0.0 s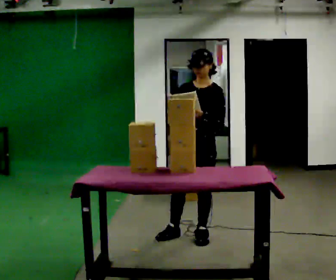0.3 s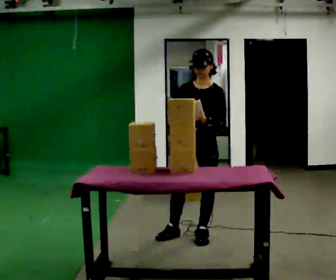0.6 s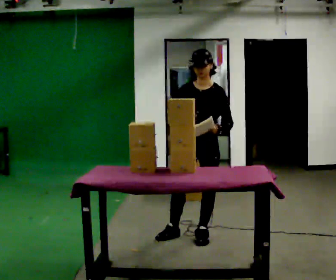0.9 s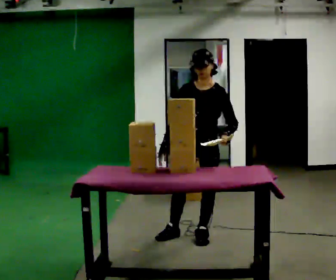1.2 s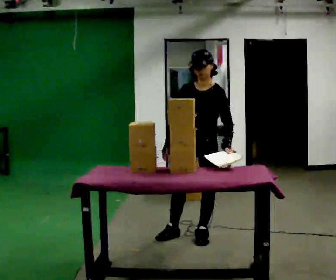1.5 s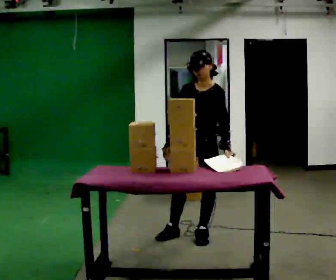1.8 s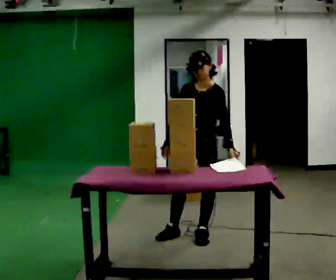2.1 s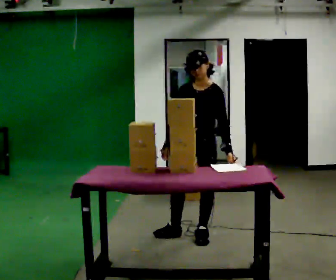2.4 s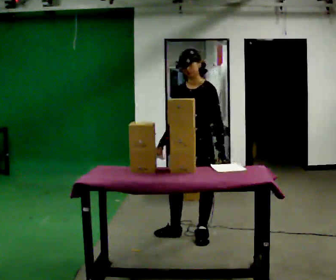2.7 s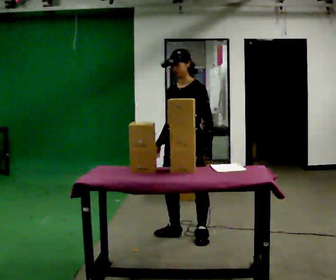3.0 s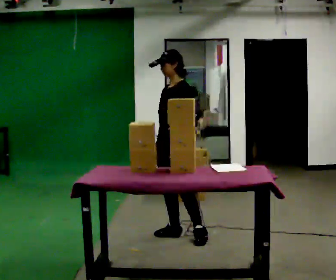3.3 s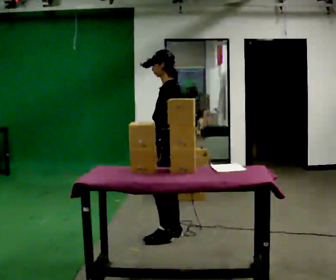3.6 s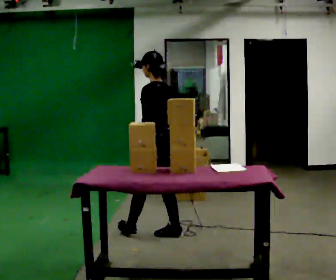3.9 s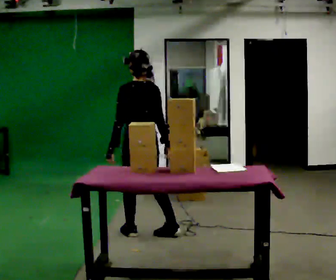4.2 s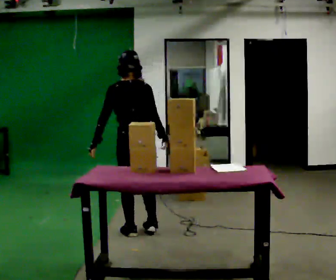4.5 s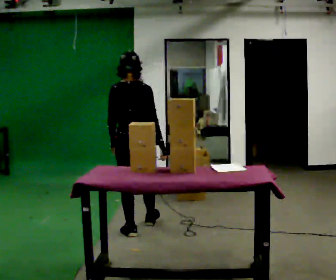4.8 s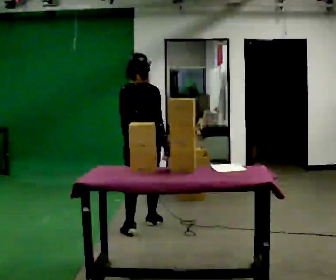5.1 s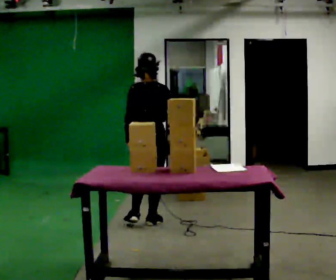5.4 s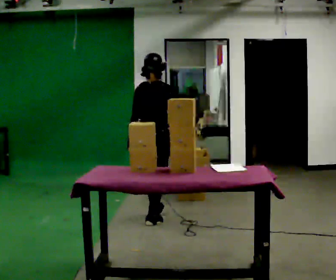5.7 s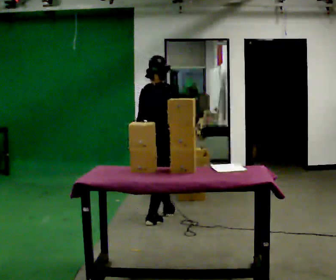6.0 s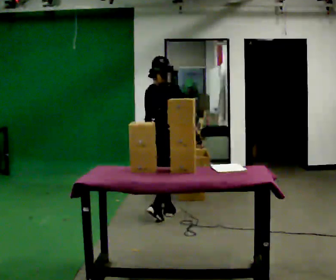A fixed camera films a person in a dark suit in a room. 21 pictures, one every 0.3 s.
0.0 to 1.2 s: The upper body tips toward the camera, its near side rolling downward, as they bend forward.
1.2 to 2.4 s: The person moves a little, or ends about where they began.
2.4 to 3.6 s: Seen from above the body turns clockwise, about 90 degrees: to their right, with its near side sliding to the left. In the picture they go to the left, about 0.25 m in 1 step.
3.6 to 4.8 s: The part of the body nearest the lens slides to the left as the person turns to their right by about 75 degrees. In the picture they go away from the camera and to the left, about 0.25 m in 1 step.
4.8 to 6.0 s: The person turns about 30 degrees to their right, clockwise seen from above, so the part of the body nearest the lens slides to the left. In the picture they go away from the camera, about 0.5 m in 1 step, which for them is forward.
The film runs forward here.
